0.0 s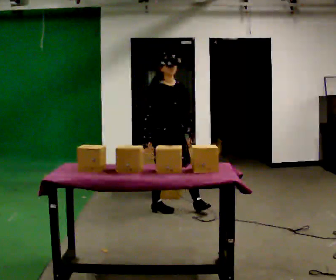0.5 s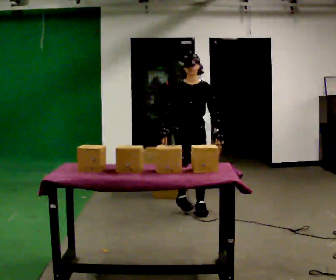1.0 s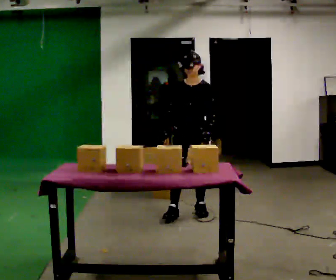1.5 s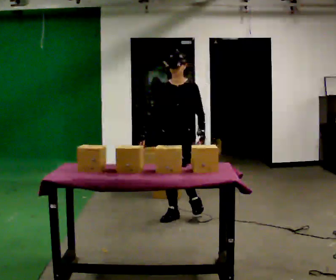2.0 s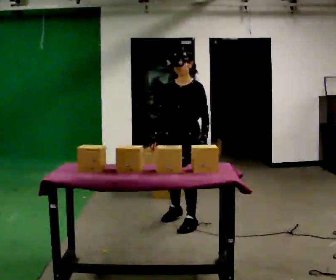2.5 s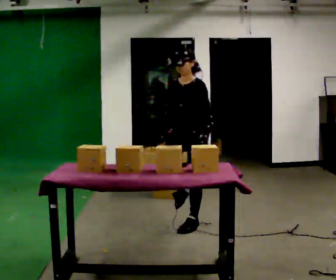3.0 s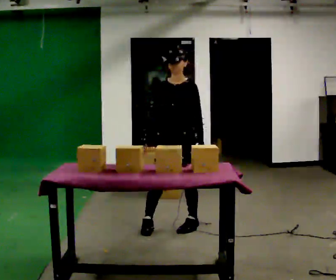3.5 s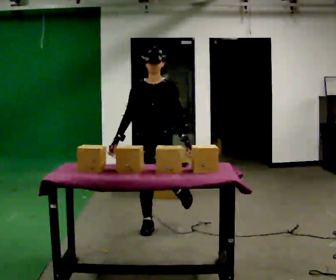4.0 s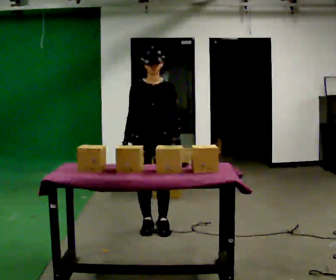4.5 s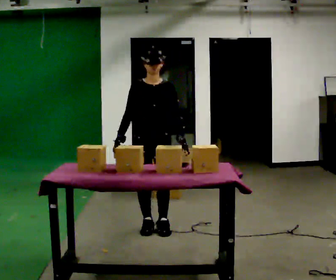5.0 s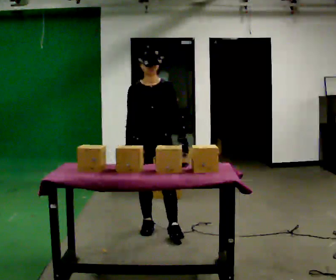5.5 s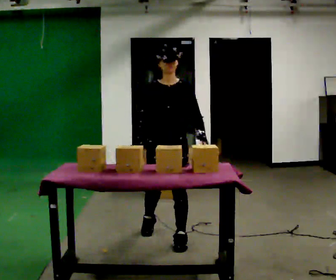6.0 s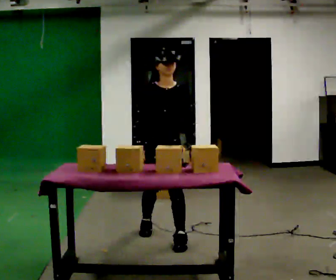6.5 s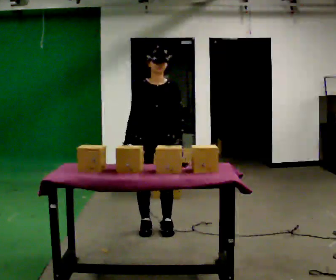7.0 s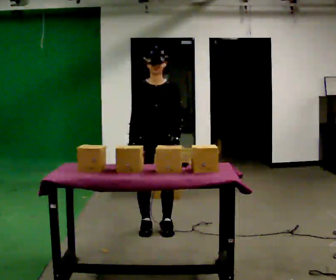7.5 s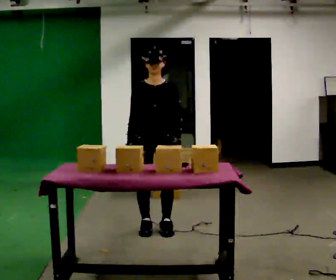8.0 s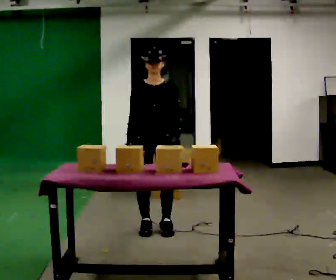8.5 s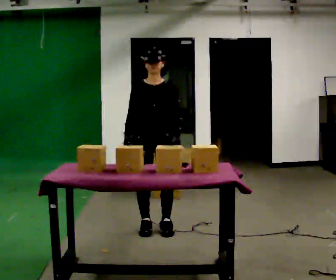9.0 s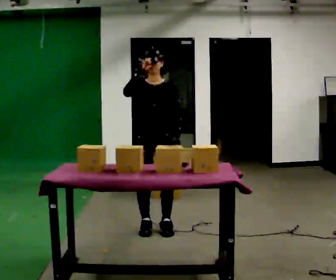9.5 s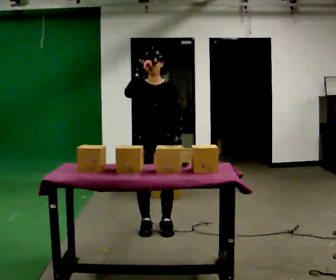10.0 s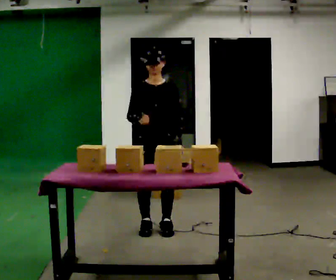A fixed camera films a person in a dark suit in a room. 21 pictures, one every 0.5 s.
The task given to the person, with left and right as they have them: 1. Look at the photo the operator gives you. 2. Put the room back the way it looks in the photo. 3. Tell the operator when you are finished.
0.0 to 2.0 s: The part of the body nearest the lens slides to the left as the person turns to their right by about 75 degrees. In the picture they go toward the camera, about 0.5 m in 3 steps.
2.0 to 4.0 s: Seen from above the body turns counterclockwise, about 45 degrees: to their left, with its near side sliding to the right. In the picture they go to the left and toward the camera, about 0.25 m in 2 steps, which for them is forward and to their right.
4.0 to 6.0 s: In the picture they go toward the camera, about 0.25 m in 1 step, which for them is forward.
6.0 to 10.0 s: In the picture they go away from the camera, about 0.25 m in 1 step, which for them is backward.
The film runs forward here.
